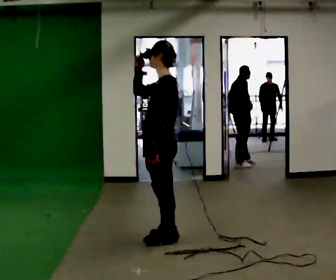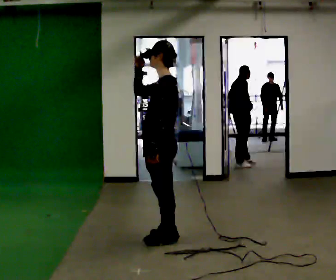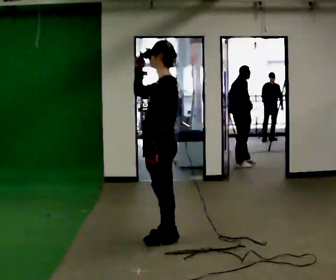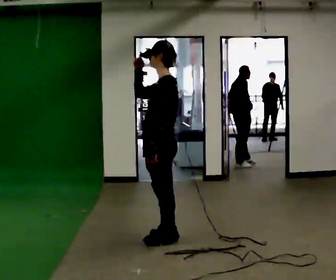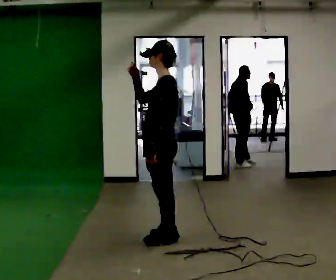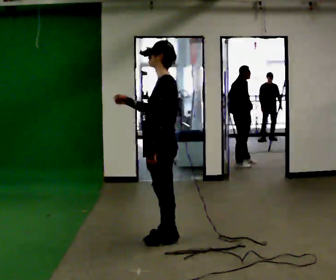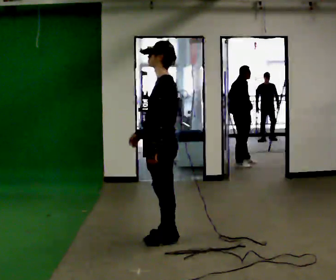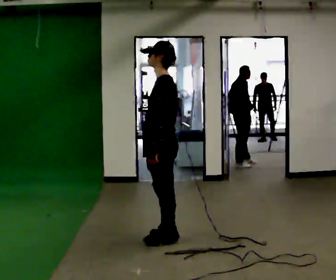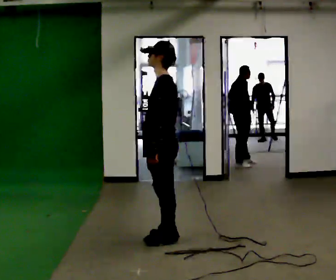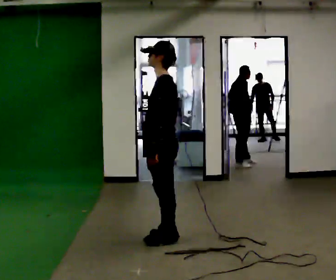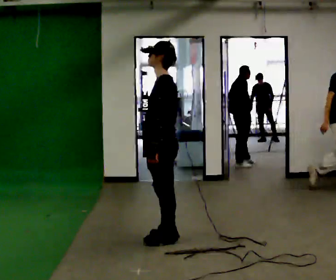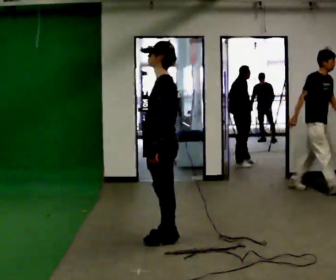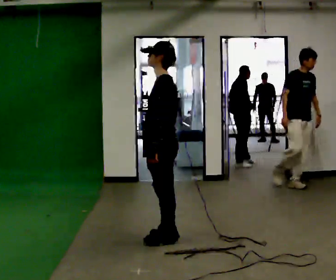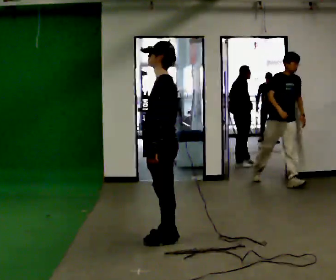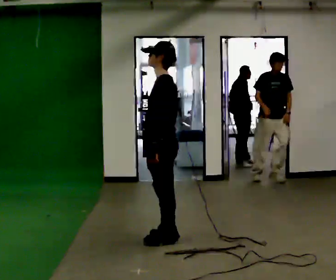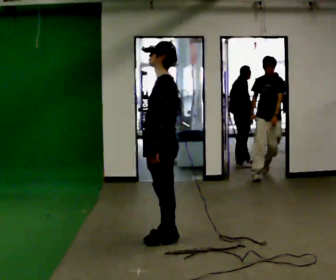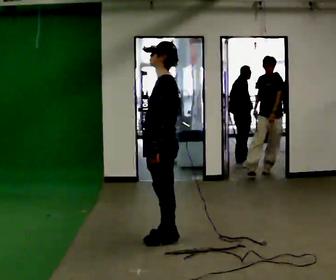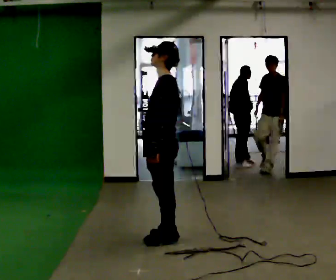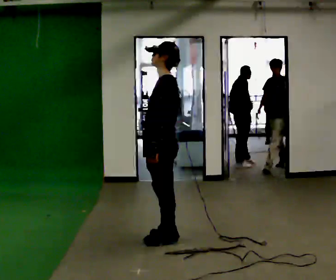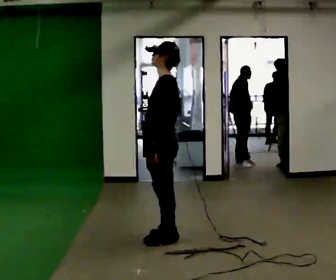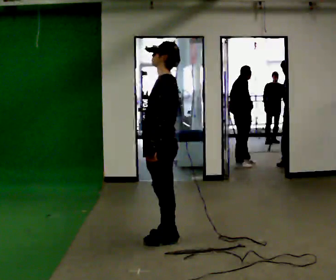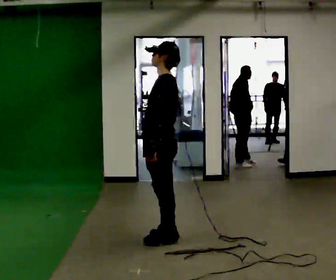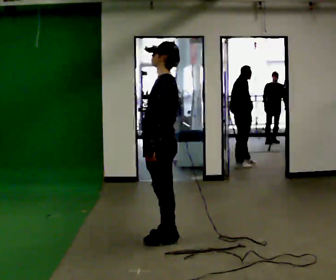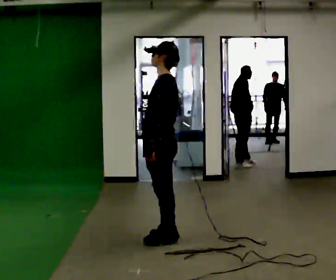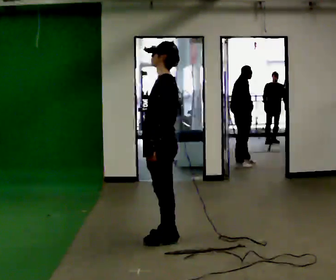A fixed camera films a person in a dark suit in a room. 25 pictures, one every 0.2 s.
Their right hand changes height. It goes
downward.
0.0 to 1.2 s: In the picture their right hand goes downward.
1.2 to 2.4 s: The person moves a little, or ends about where they began.
2.4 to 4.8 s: The person keeps their place and pose.
The film runs backward here.
